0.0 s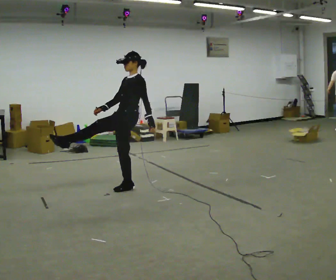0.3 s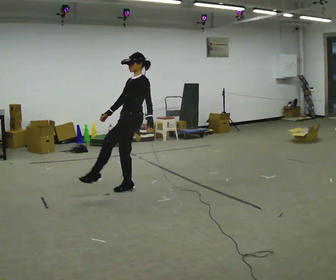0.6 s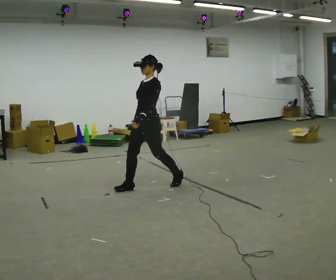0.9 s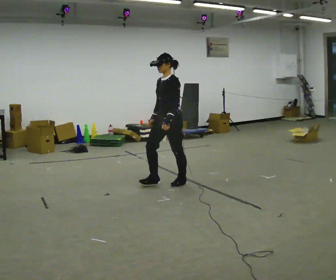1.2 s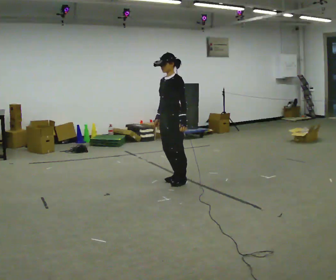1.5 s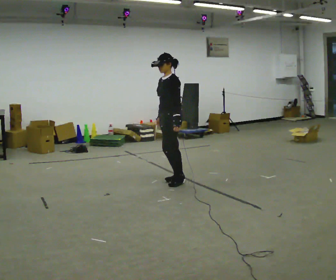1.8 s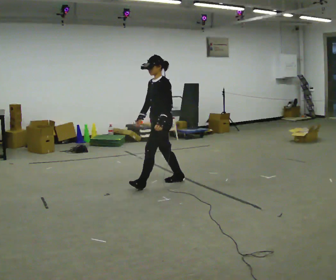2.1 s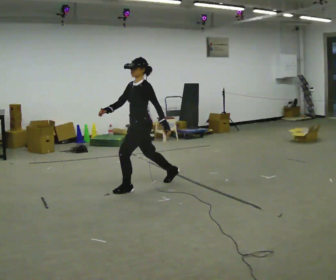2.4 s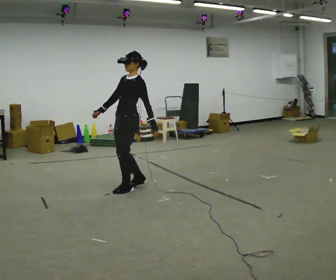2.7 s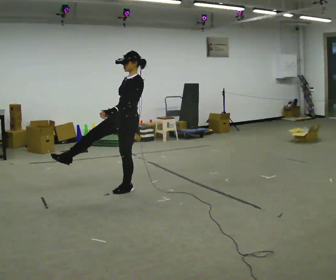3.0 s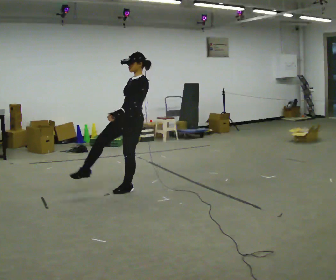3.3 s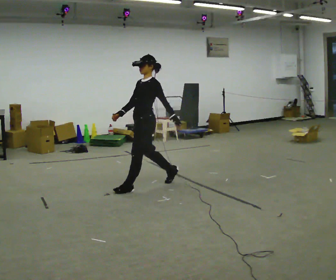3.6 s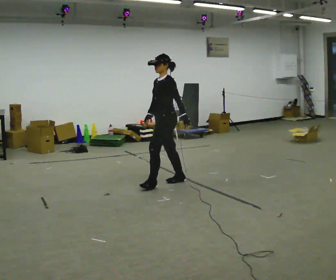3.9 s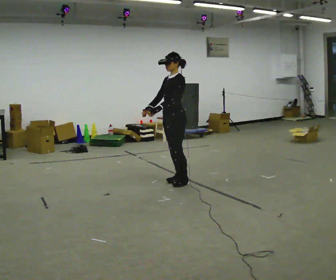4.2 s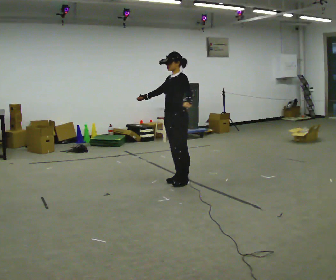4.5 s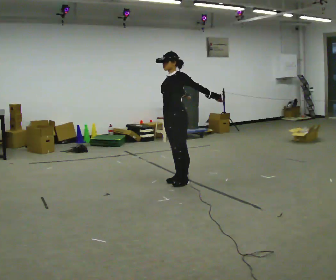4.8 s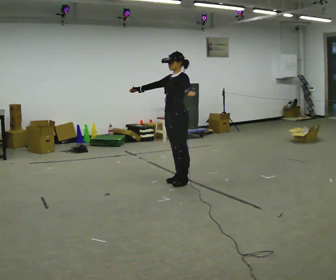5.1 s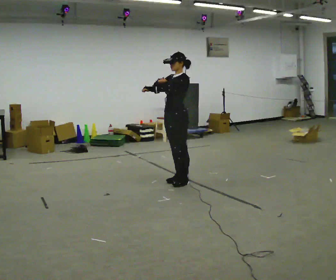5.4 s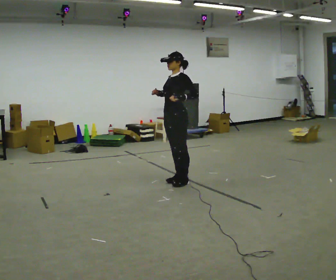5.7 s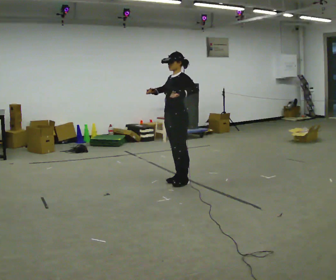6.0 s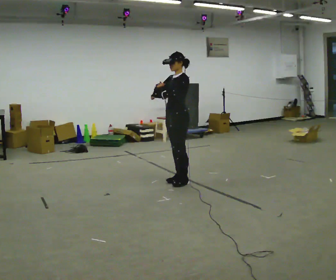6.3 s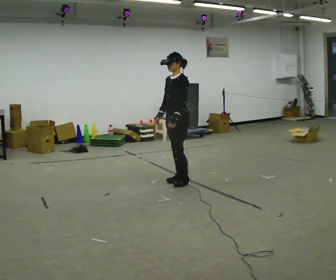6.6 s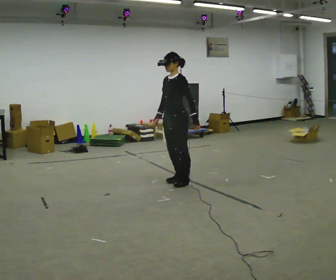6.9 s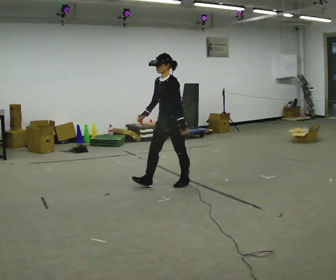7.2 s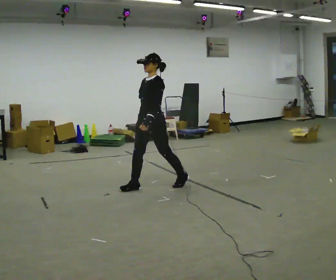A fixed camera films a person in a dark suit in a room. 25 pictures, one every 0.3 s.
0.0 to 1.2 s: In the picture they go to the right and away from the camera, about 0.5 m in 1 step, which for them is backward.
1.2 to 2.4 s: In the picture they go to the left and toward the camera, about 0.5 m in 1 step, which for them is forward.
2.4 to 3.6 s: In the picture they go to the right and away from the camera, about 0.5 m in 1 step, which for them is backward.
3.6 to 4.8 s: In the picture their right hand goes upward.
4.8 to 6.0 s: The person moves a little, or ends about where they began.
6.0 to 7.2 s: In the picture they go to the left and toward the camera, about 0.25 m in 2 steps, which for them is forward. In the picture their right hand goes downward.
The film runs backward here.
